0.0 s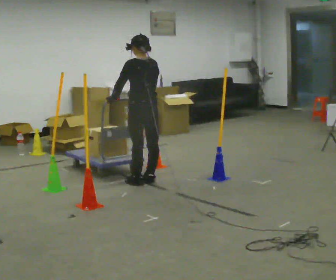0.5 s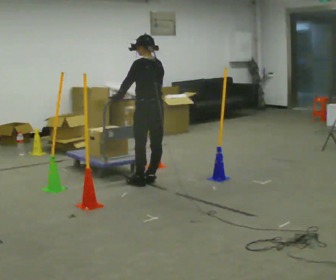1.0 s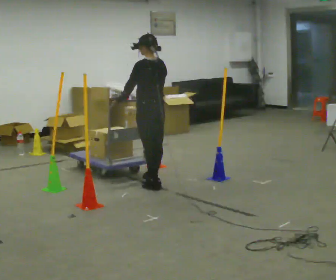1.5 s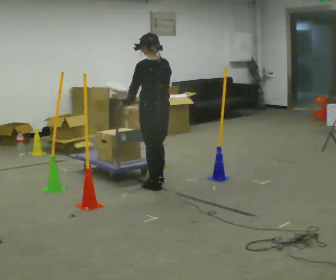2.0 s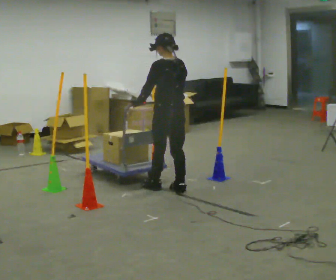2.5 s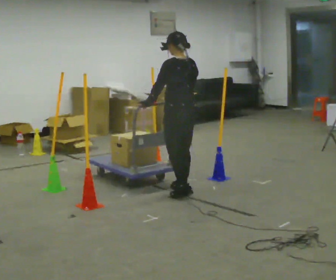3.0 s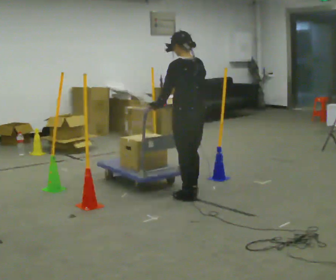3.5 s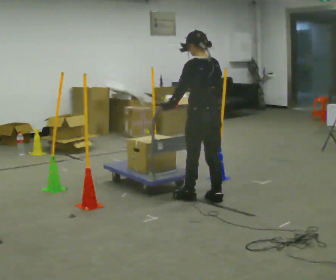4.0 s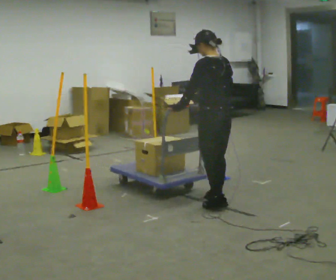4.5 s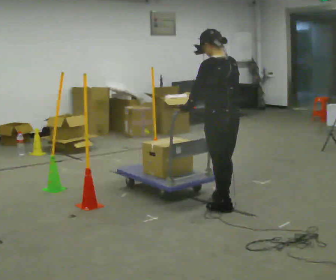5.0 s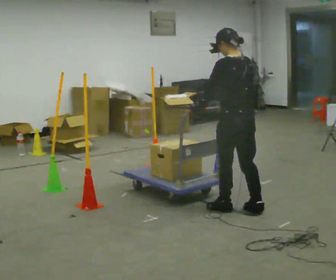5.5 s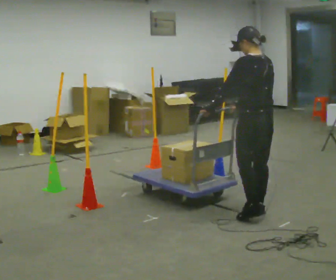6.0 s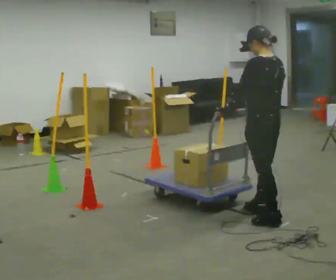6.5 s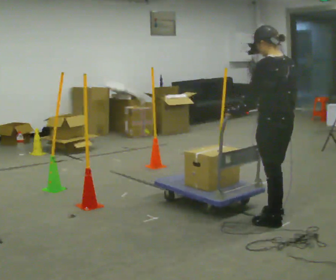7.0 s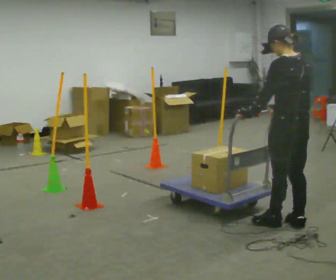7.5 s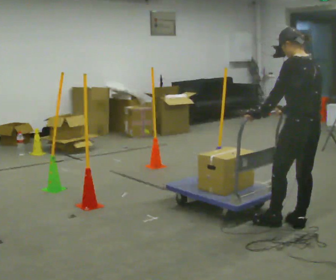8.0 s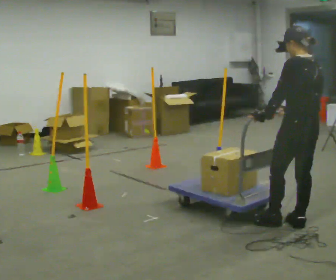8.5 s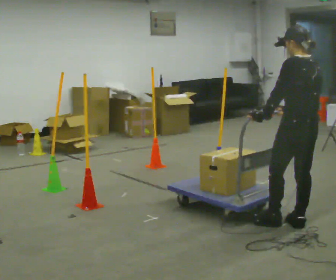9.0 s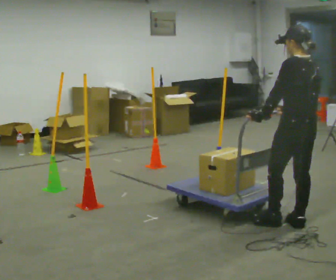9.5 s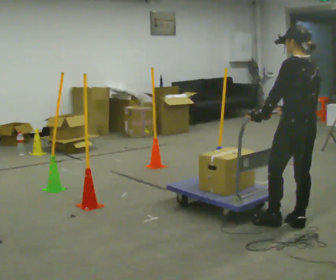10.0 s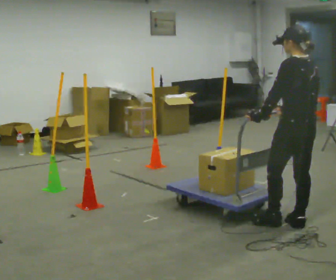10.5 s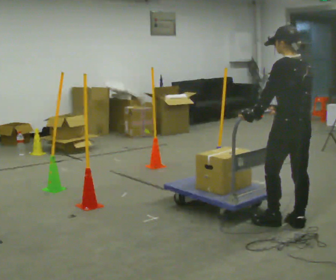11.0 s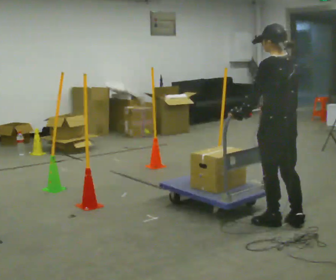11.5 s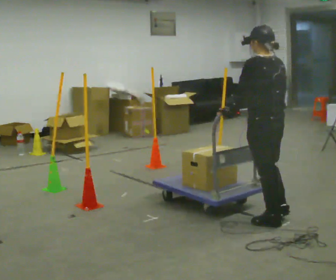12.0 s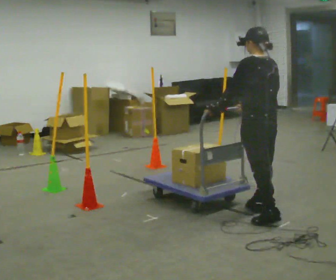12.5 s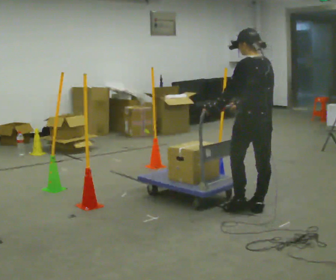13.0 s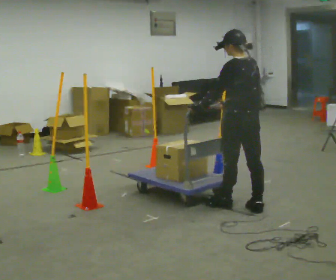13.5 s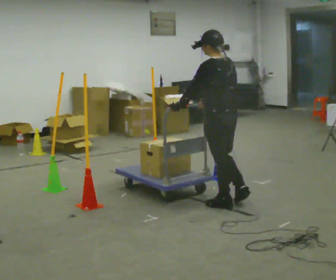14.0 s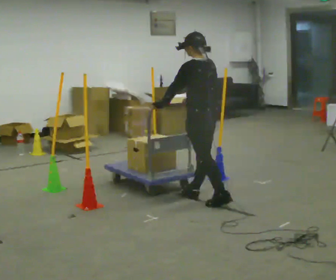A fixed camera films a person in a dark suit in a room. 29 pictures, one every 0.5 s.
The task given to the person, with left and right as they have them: Push the cart in and out of the line of poles without touching any of them. Keep going until the operator says stop.
0.0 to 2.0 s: In the picture they go to the right and toward the camera, about 0.5 m in 2 steps, which for them is backward.
2.0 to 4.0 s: In the picture they go to the right and toward the camera, about 0.5 m in 2 steps, which for them is backward.
4.0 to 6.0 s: In the picture they go to the right and toward the camera, about 0.5 m in 3 steps, which for them is backward.
6.0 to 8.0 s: In the picture they go to the right and toward the camera, about 0.25 m in 1 step, which for them is backward.
8.0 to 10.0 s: The person moves a little, or ends about where they began.
10.0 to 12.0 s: In the picture they go to the left and away from the camera, about 0.25 m in 1 step, which for them is forward.
12.0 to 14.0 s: In the picture they go to the left and away from the camera, about 0.75 m in 2 steps, which for them is forward.
The film runs forward here.
